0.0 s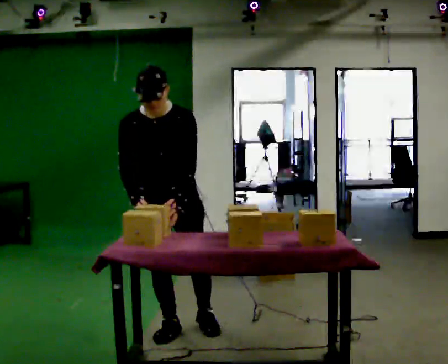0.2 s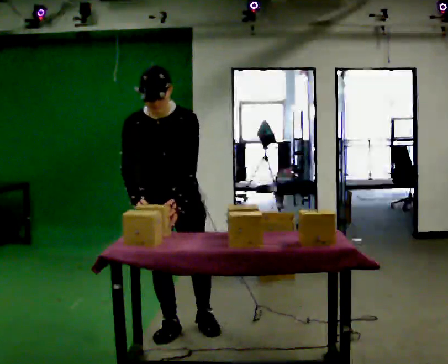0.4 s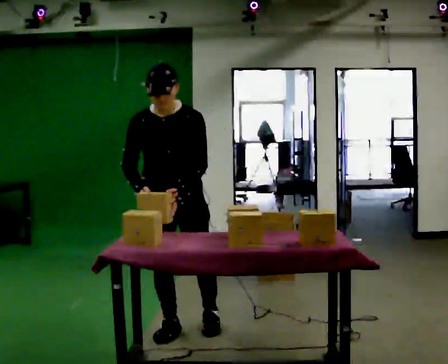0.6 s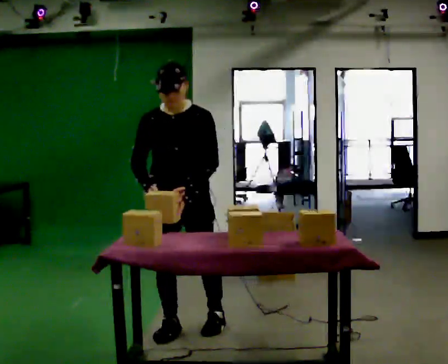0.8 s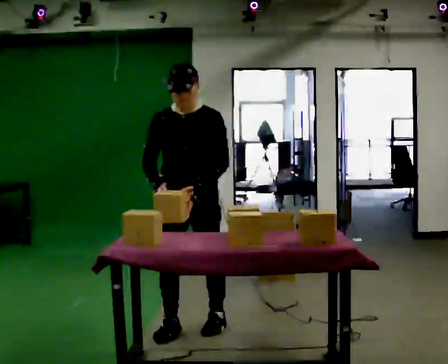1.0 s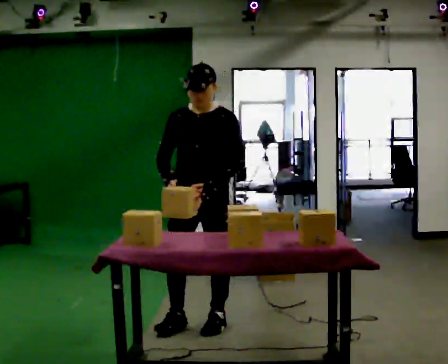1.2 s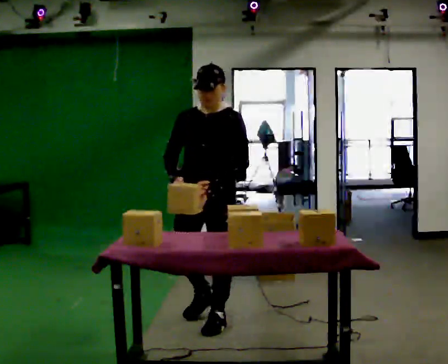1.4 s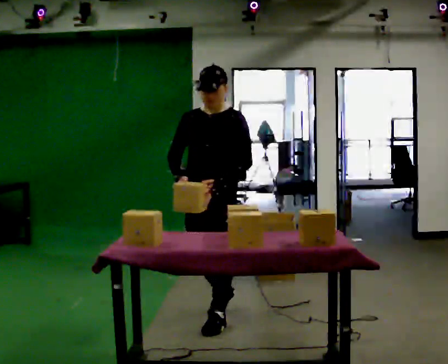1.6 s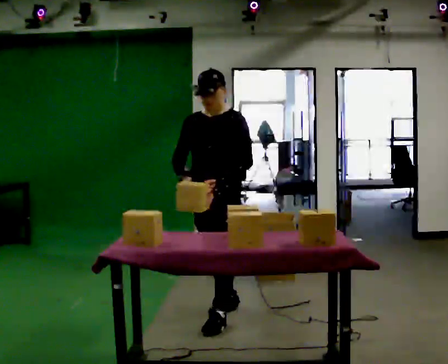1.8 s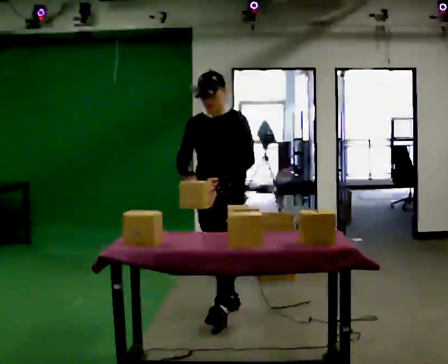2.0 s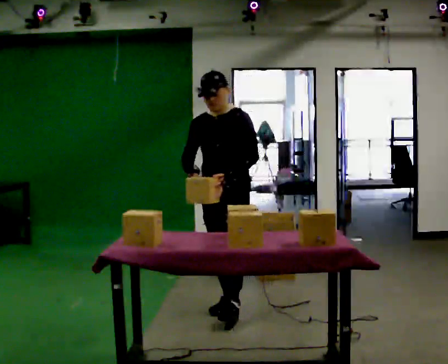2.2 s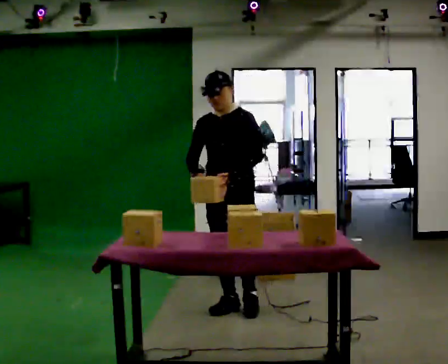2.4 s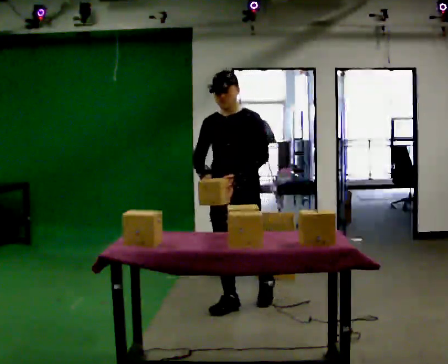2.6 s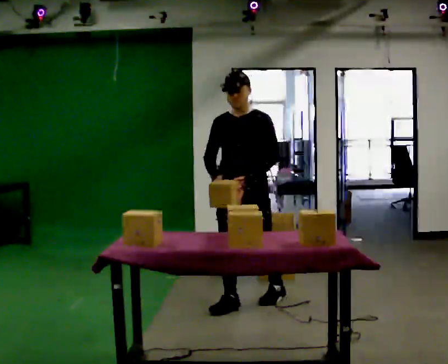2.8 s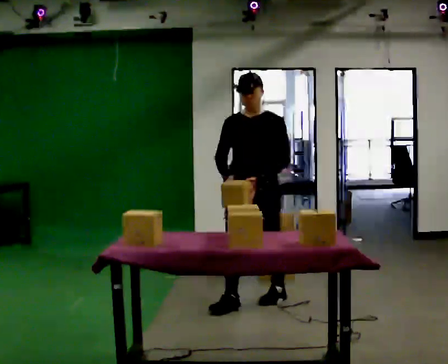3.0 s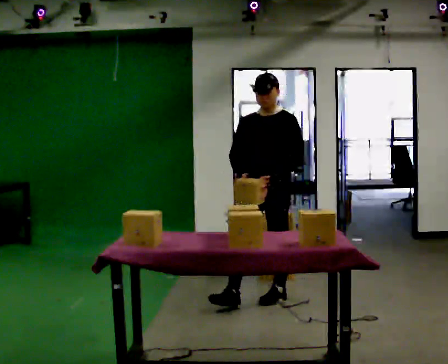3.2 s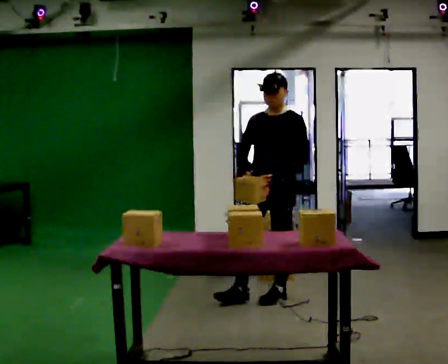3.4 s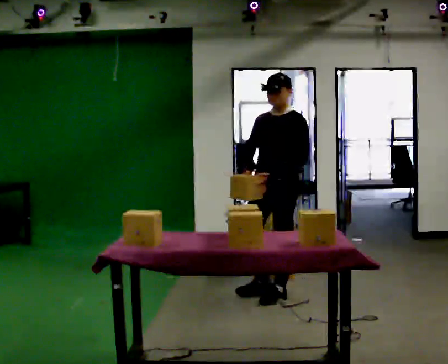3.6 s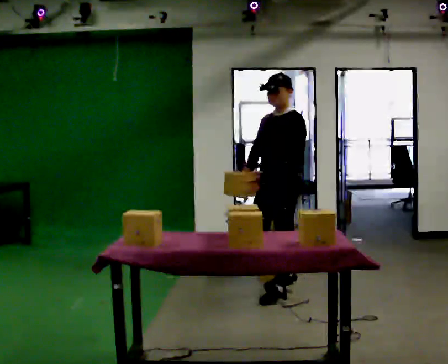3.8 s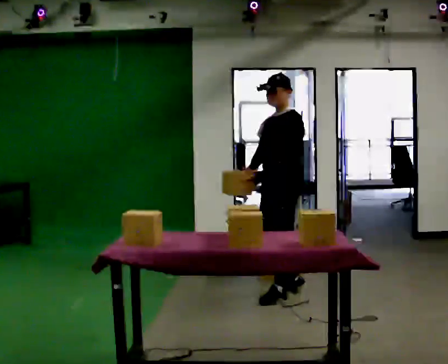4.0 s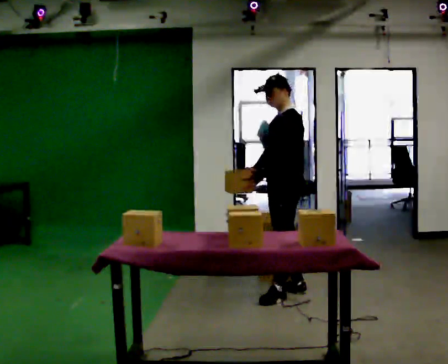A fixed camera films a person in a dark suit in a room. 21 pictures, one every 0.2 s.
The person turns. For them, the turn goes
to their right.
The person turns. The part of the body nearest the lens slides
to the left.
0.0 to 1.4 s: The person turns about 30 degrees to their right, clockwise seen from above, so the part of the body nearest the lens slides to the left. In the picture they go away from the camera and to the right, about 0.5 m in 1 step, which for them is backward and to their left. The upper body tips away from the camera, its near side rolling upward, as they lean back or straighten.
1.4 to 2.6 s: In the picture they go away from the camera and to the right, about 0.5 m in 1 step, which for them is backward.
2.6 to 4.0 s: The person turns about 60 degrees to their right, clockwise seen from above, so the part of the body nearest the lens slides to the left. In the picture they go to the right and away from the camera, about 0.5 m in 1 step, which for them is backward.
The film runs backward here.
